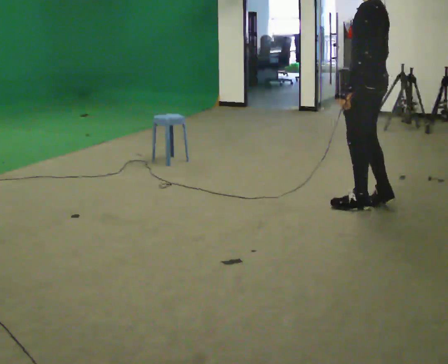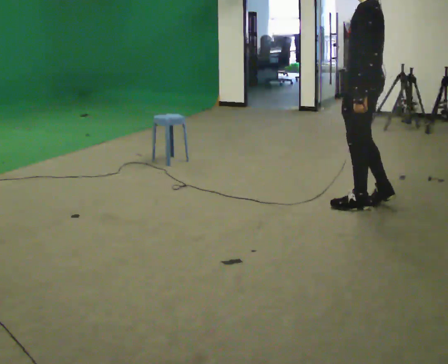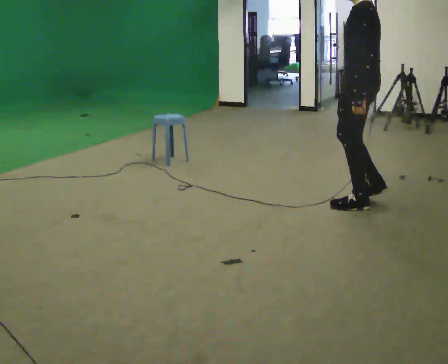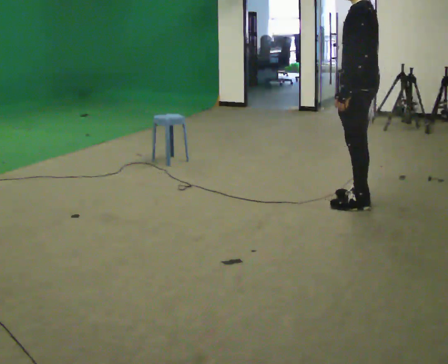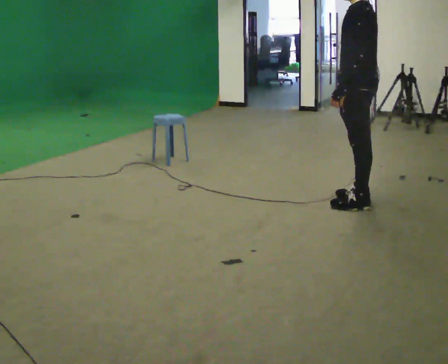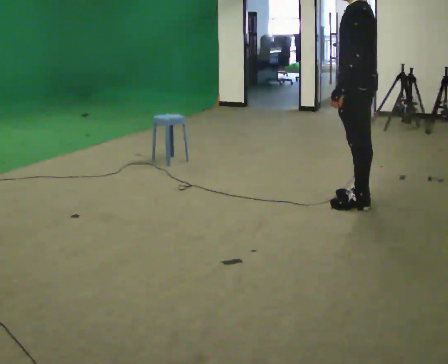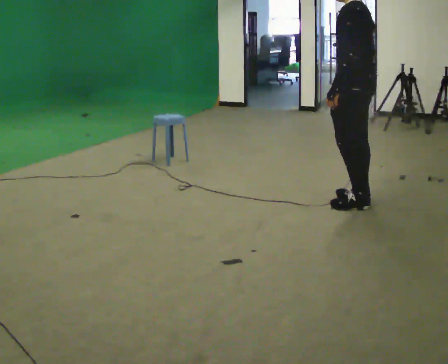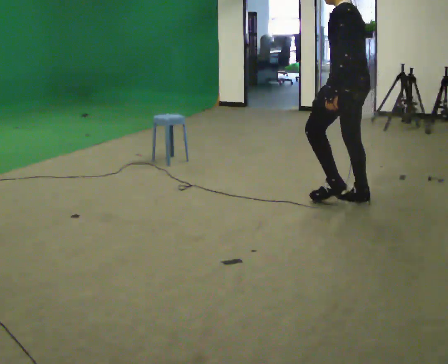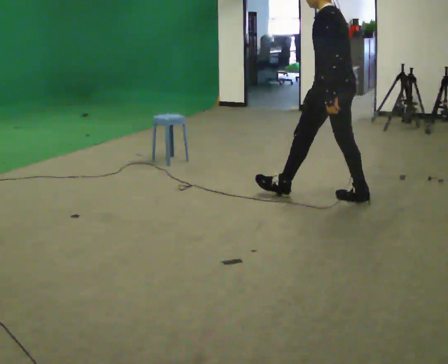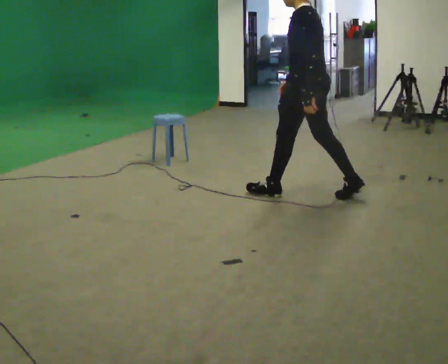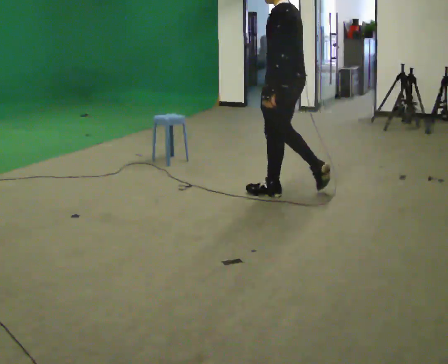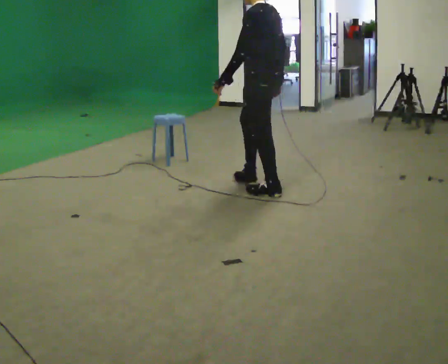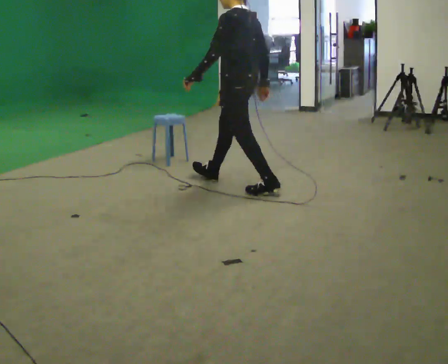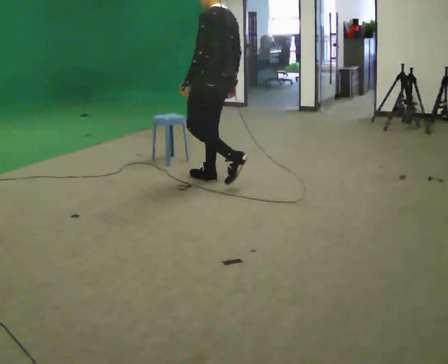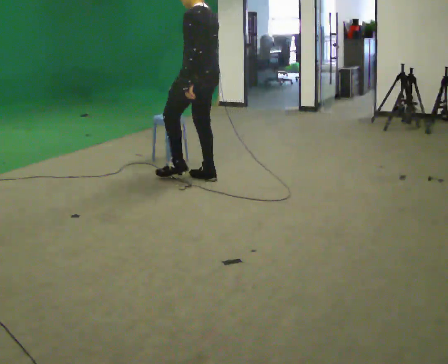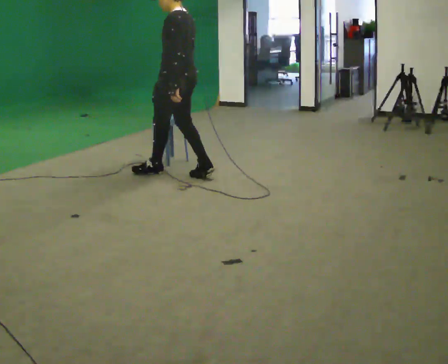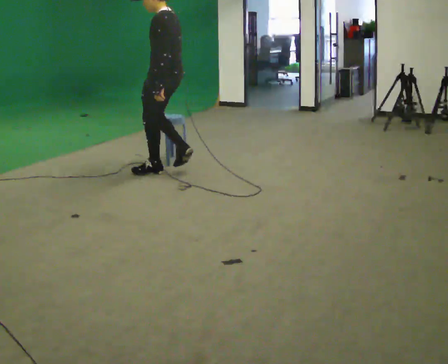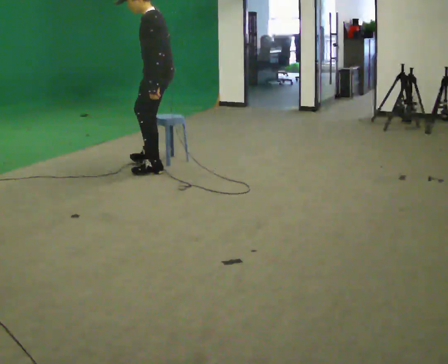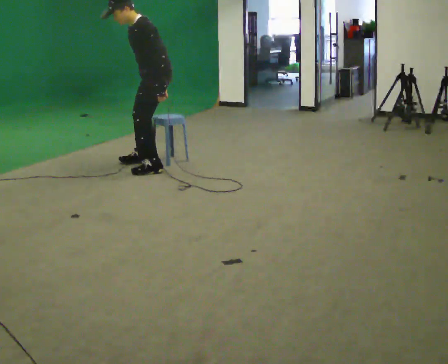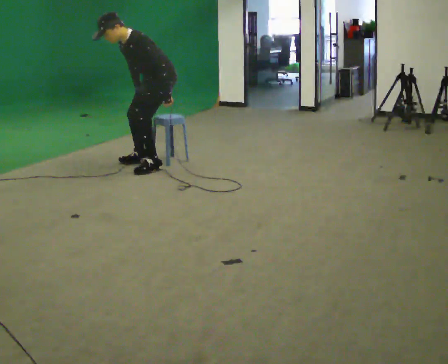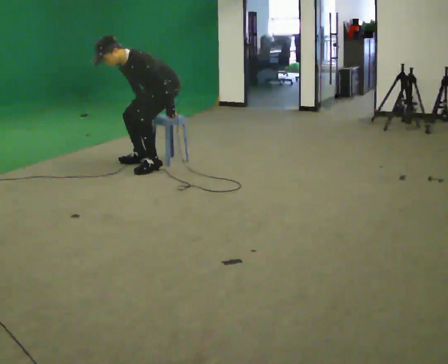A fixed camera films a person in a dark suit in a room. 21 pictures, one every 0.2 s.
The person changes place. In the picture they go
to the left.
0.0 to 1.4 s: The person moves a little, or ends about where they began.
1.4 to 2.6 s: In the picture they go to the left, about 1 m in 2 steps, which for them is forward.
2.6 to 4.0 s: The part of the body nearest the lens slides to the right as the person turns to their left by about 60 degrees. In the picture they go to the left and away from the camera, about 1 m in 2 steps. The upper body goes downward. The upper body tips toward the camera, its near side rolling downward, as they bend forward. In the picture their left hand goes downward, the arm swinging counterclockwise.
The film runs forward here.
